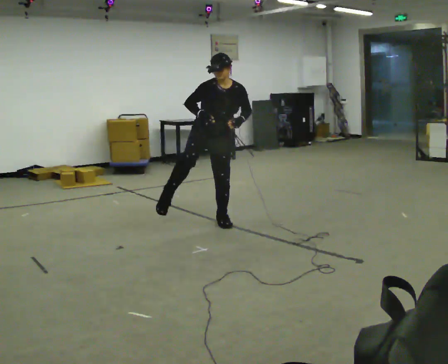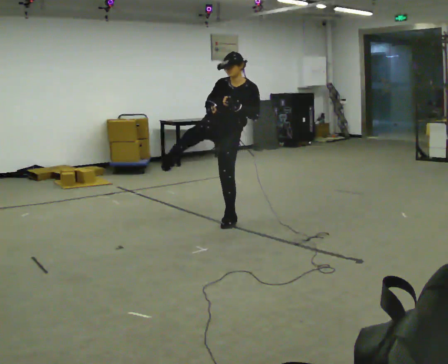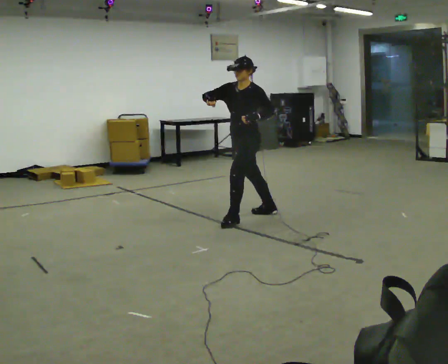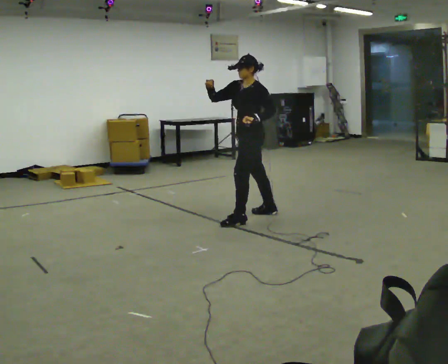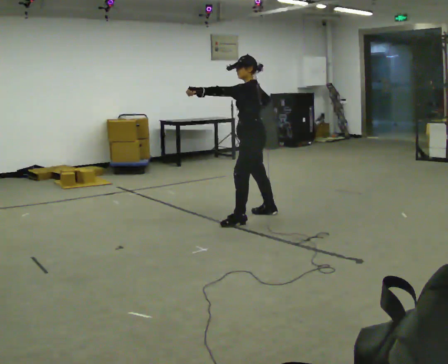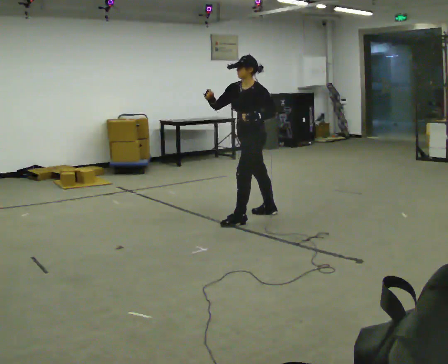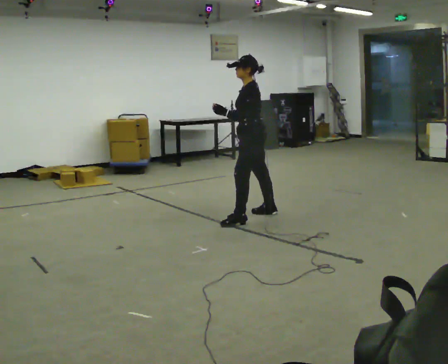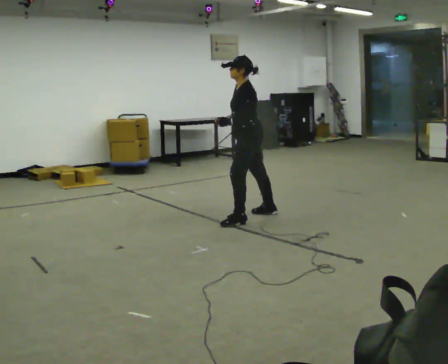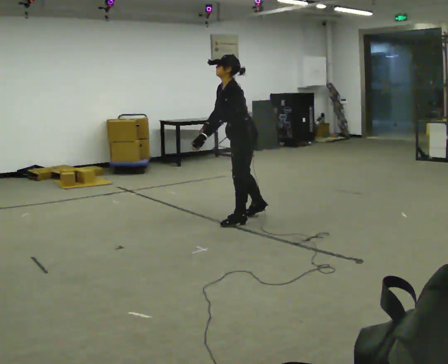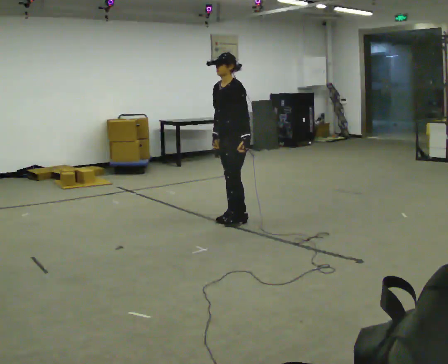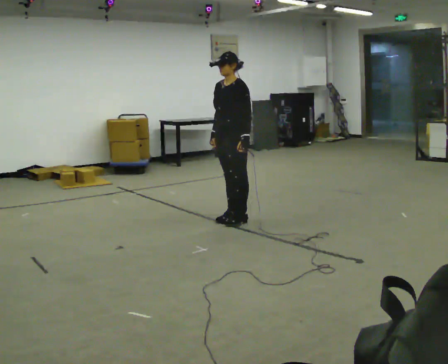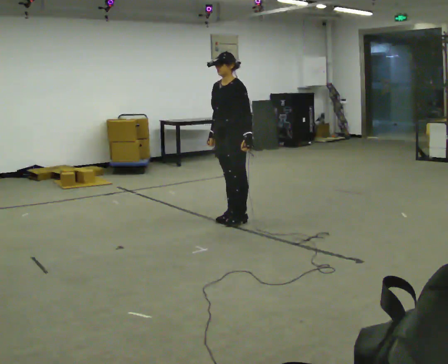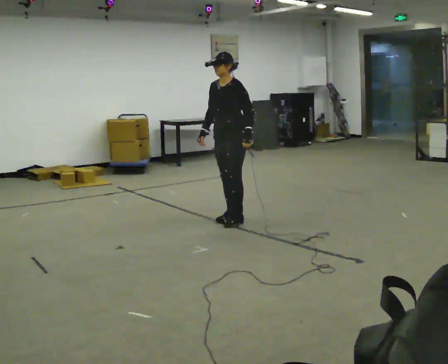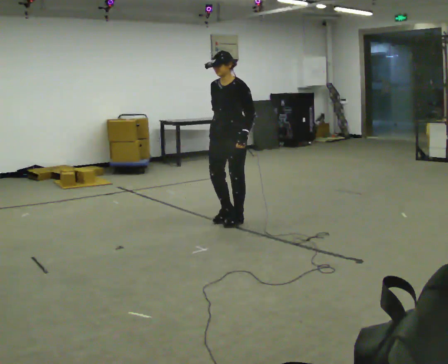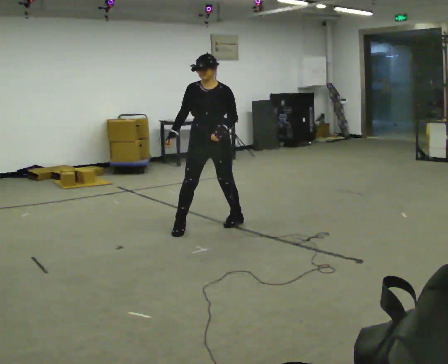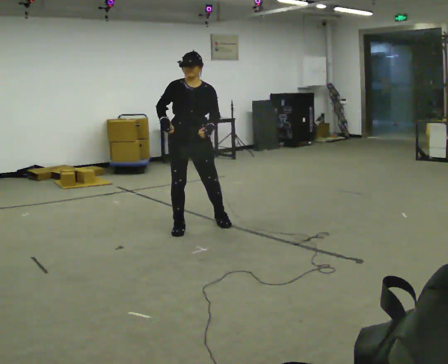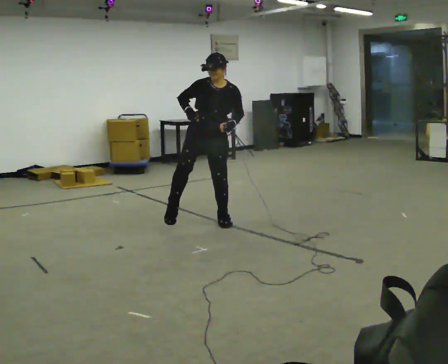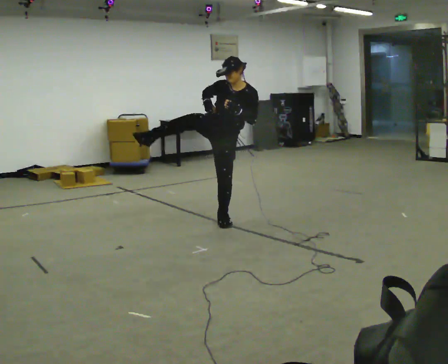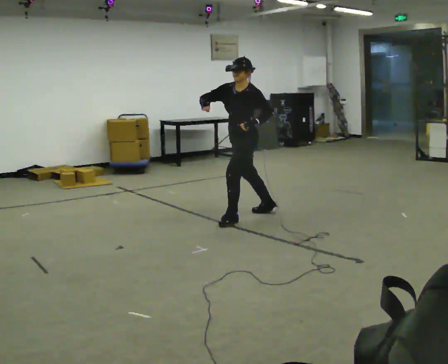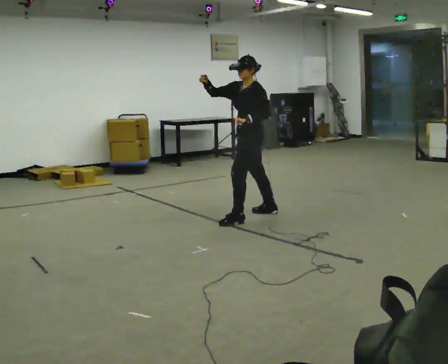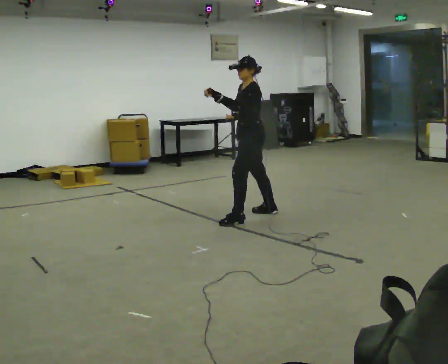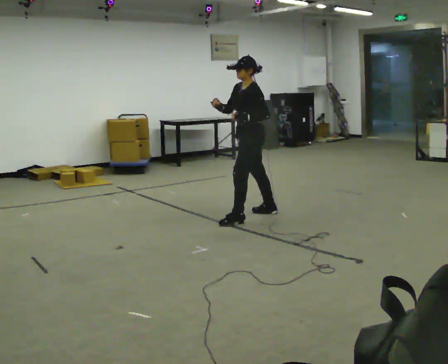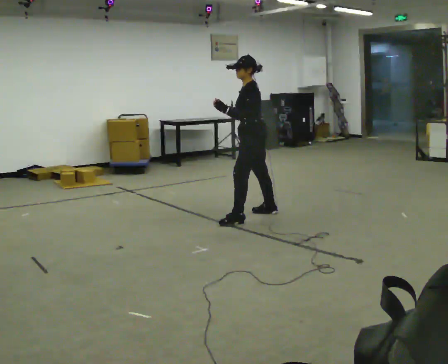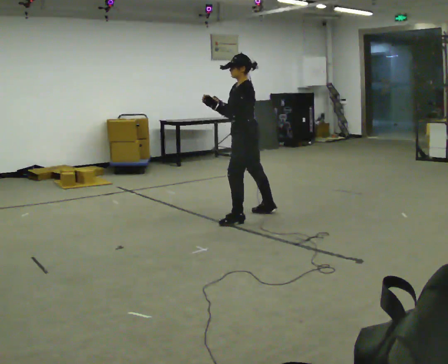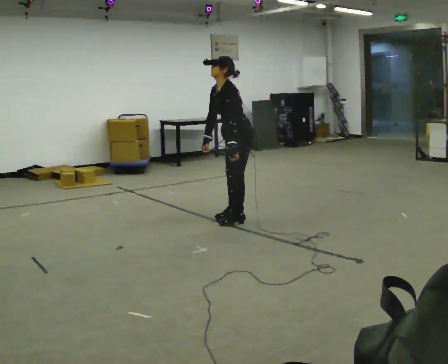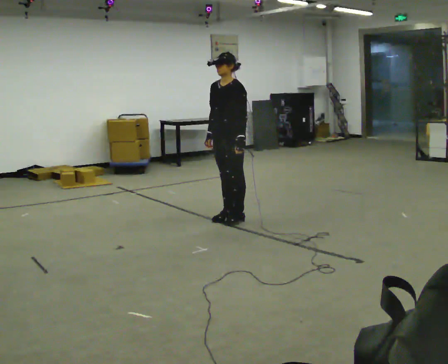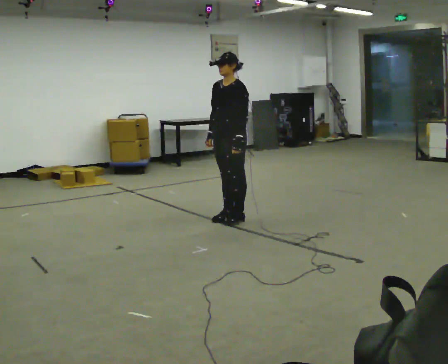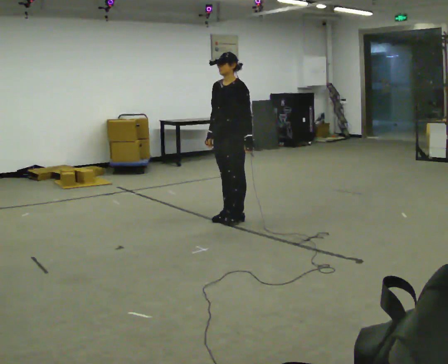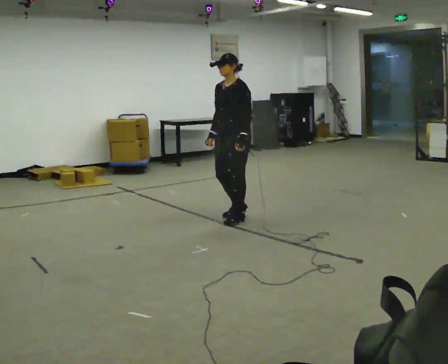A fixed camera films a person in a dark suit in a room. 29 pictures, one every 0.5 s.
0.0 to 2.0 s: The person turns about 120 degrees to their right, clockwise seen from above, so the part of the body nearest the lens slides to the left. In the picture they go to the right and away from the camera, about 0.5 m.
2.0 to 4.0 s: In the picture the upper body tilts counterclockwise, shoulders to the left, as they bend forward. In the picture their left hand goes downward.
4.0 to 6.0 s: The part of the body nearest the lens slides to the right as the person turns to their left by about 30 degrees. In the picture their left hand goes to the right.
6.0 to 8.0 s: The part of the body nearest the lens slides to the right as the person turns to their left by about 60 degrees. In the picture they go to the left, about 0.25 m in 3 steps. In the picture the upper body tilts clockwise, shoulders to the right.
8.0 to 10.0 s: Seen from above the body turns clockwise, about 105 degrees: to their right, with its near side sliding to the left. In the picture they go to the right and away from the camera, about 0.5 m.
10.0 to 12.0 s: In the picture they go to the left, about 0.25 m in 1 step, which for them is to their left and forward. In the picture their left hand goes downward.
12.0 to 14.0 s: The person turns about 30 degrees to their left, counterclockwise seen from above, so the part of the body nearest the lens slides to the right.
The film runs backward here.
